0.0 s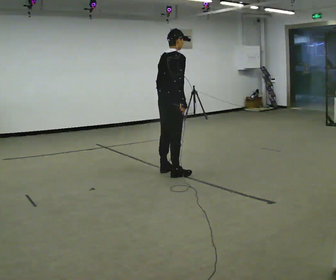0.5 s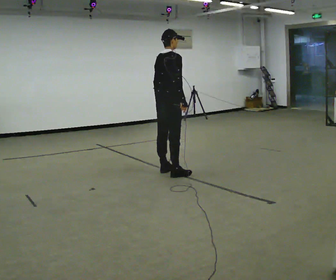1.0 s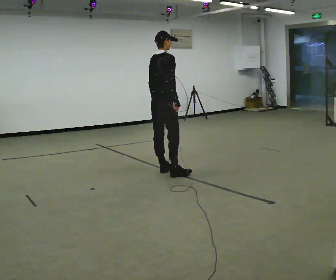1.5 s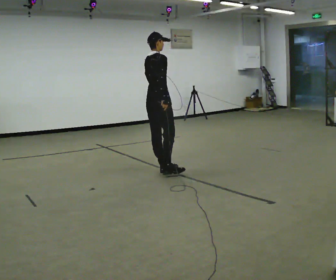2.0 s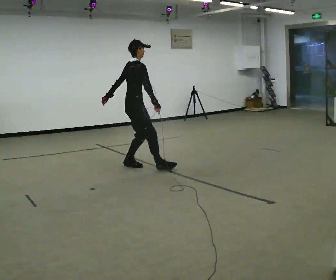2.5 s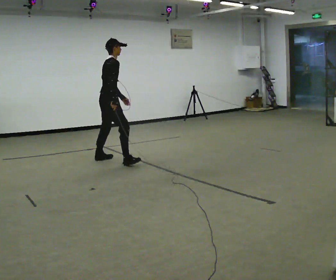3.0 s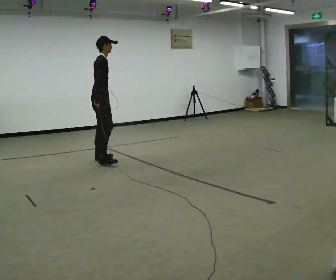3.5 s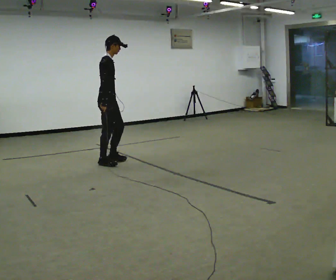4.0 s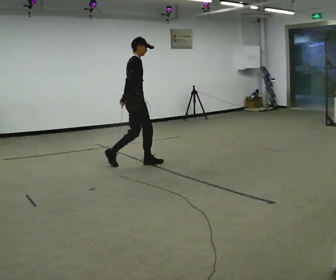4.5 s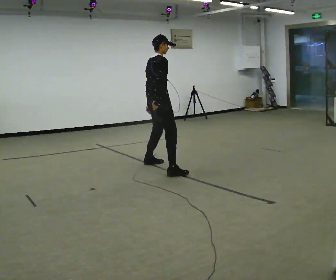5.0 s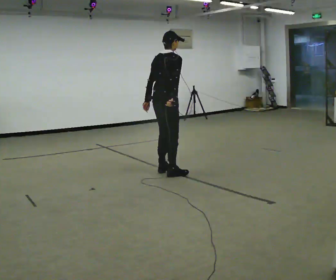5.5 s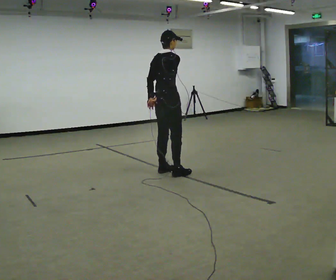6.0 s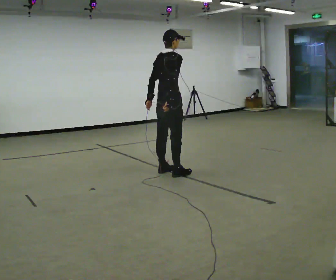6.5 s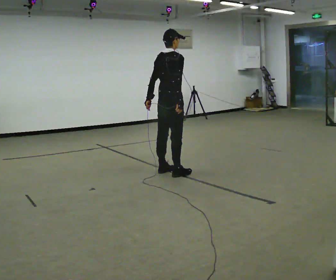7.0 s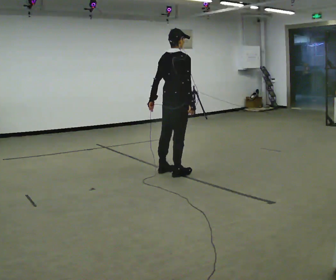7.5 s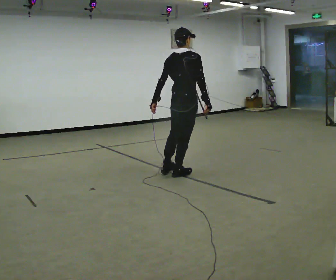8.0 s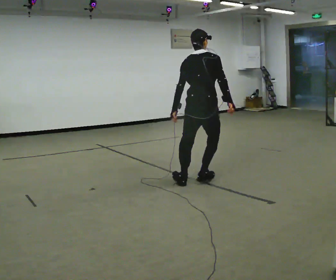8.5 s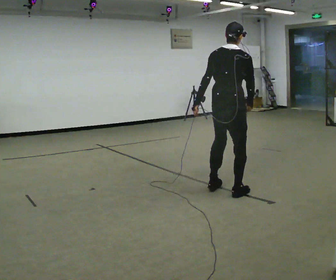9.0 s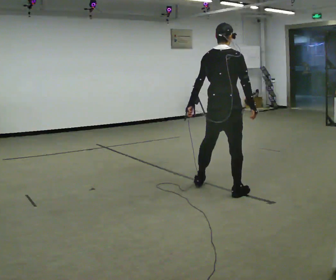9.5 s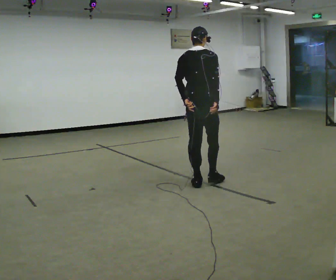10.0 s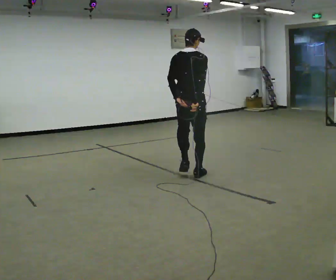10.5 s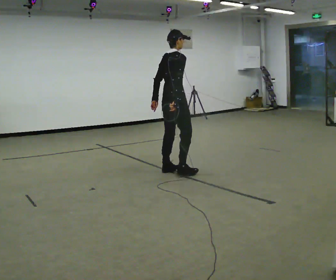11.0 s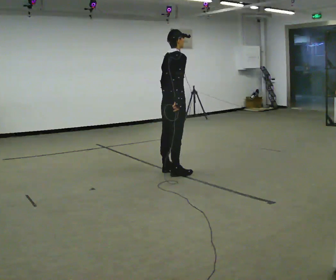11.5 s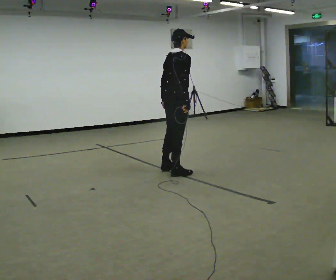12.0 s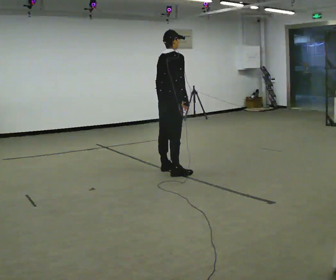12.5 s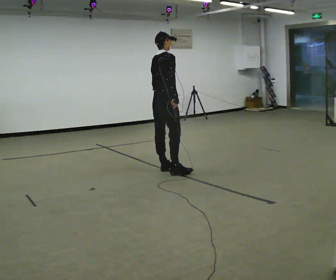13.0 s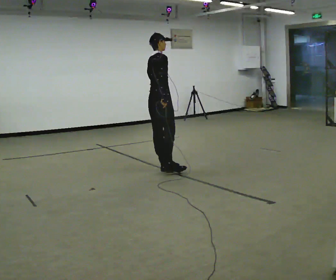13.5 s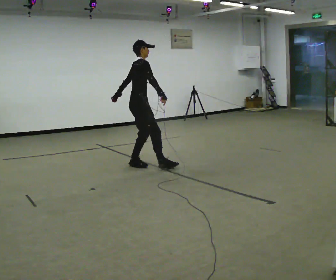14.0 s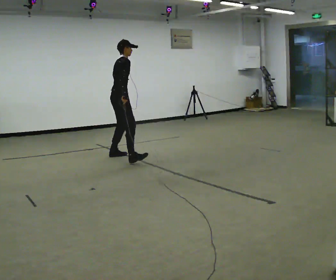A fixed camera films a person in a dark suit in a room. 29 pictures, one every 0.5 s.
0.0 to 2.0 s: In the picture they go to the left and away from the camera, about 0.75 m in 1 step, which for them is to their left.
2.0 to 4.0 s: In the picture their right hand goes to the left.
4.0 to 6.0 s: Seen from above the body turns counterclockwise, about 30 degrees: to their left, with its near side sliding to the right. In the picture they go to the right and toward the camera, about 0.5 m in 2 steps, which for them is to their right.
6.0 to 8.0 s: The part of the body nearest the lens slides to the right as the person turns to their left by about 30 degrees. In the picture they go toward the camera and to the right, about 1 m in 1 step, which for them is to their right.
8.0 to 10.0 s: In the picture they go away from the camera, about 0.5 m in 3 steps, which for them is forward and to their left.
10.0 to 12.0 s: The part of the body nearest the lens slides to the left as the person turns to their right by about 30 degrees. In the picture they go away from the camera and to the left, about 0.25 m in 2 steps, which for them is to their left.
12.0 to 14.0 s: In the picture they go to the left and away from the camera, about 1 m in 2 steps, which for them is to their left.
The film runs forward here.
